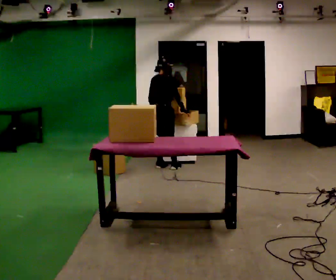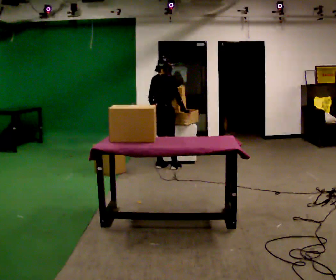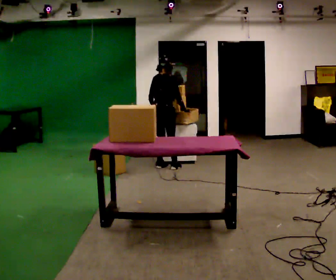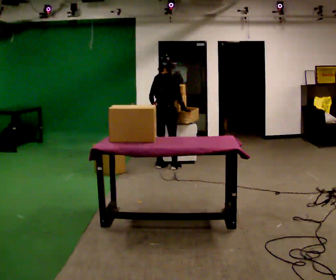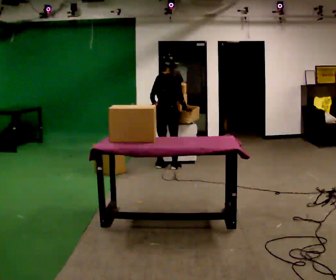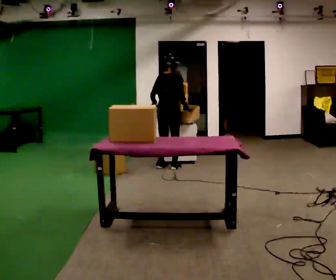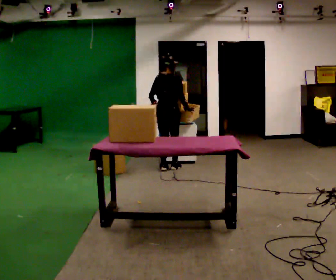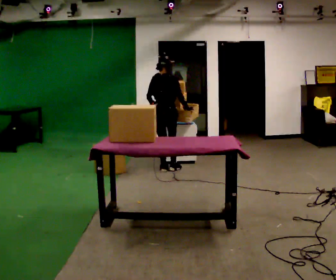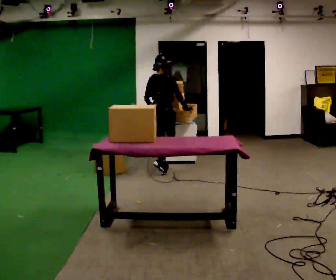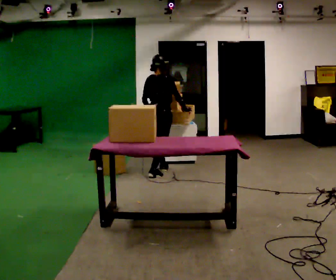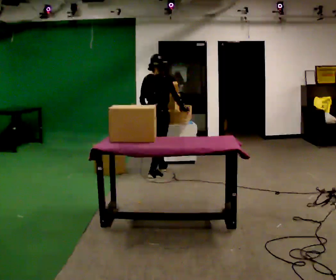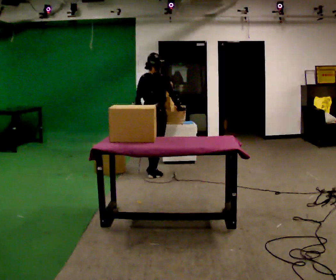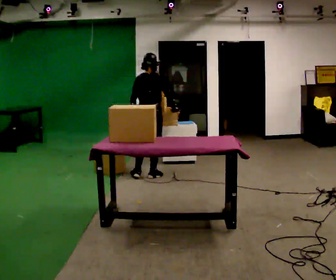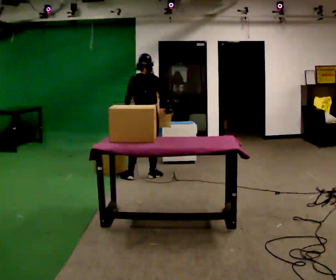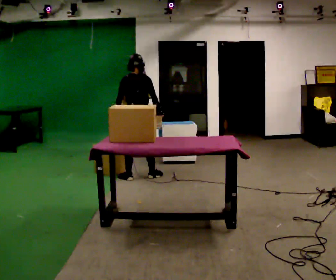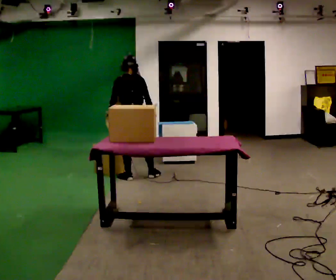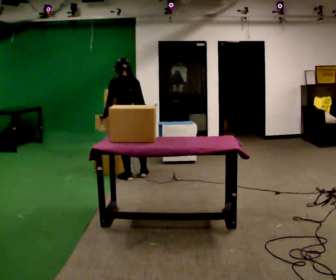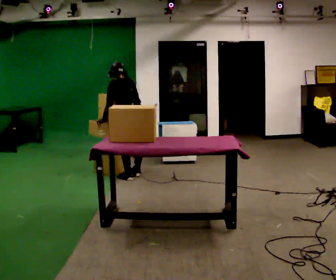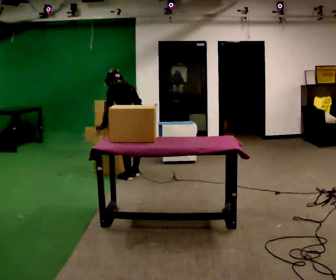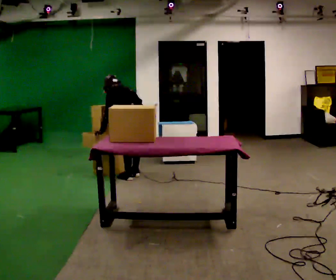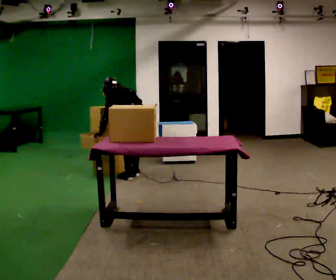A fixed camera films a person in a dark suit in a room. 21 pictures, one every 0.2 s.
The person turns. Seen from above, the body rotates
counterclockwise.
The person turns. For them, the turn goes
to their left.
0.0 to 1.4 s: In the picture they go toward the camera, about 0.25 m in 2 steps, which for them is to their right. The upper body tips toward the camera, its near side rolling downward, as they lean back or straighten.
1.4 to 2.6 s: In the picture they go toward the camera and to the left, about 0.5 m in 1 step, which for them is backward.
2.6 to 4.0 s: Seen from above the body turns counterclockwise, about 60 degrees: to their left, with its near side sliding to the right. The shoulders move downward. In the picture the upper body tilts counterclockwise, shoulders to the left, as they bend forward. In the picture their left hand goes to the left.
The film runs backward here.
